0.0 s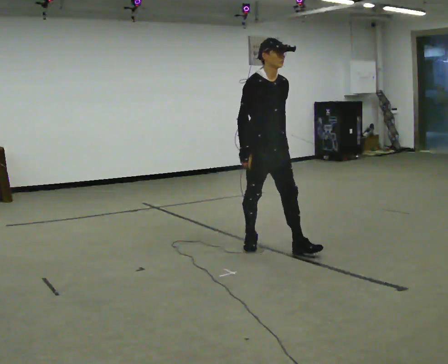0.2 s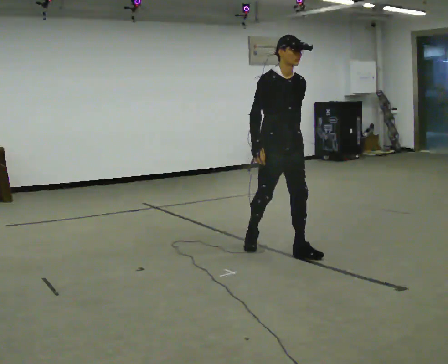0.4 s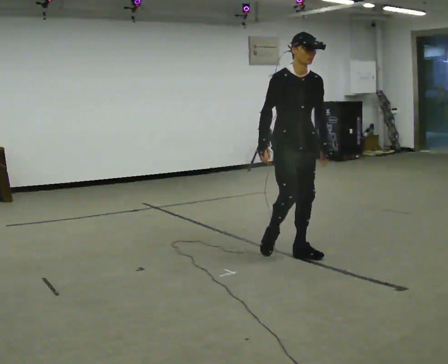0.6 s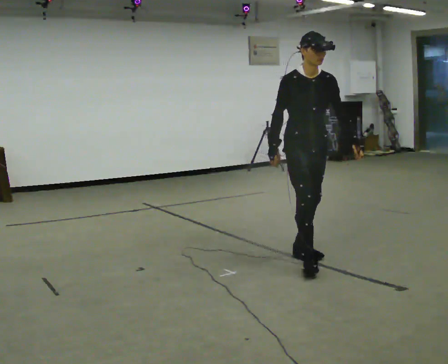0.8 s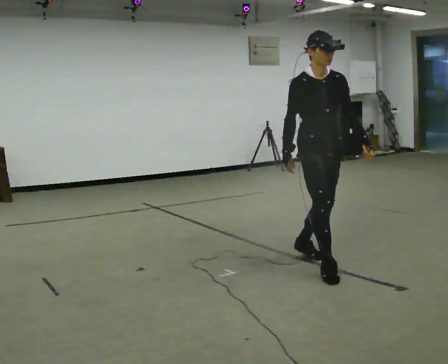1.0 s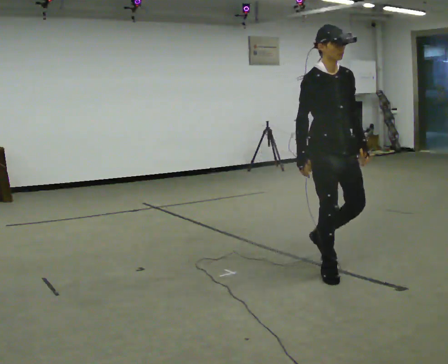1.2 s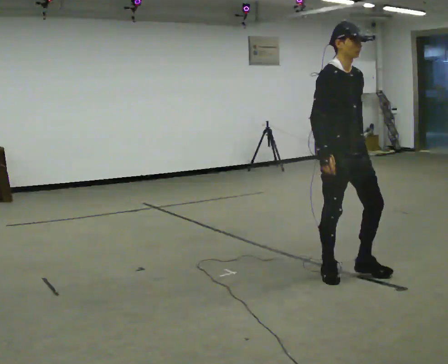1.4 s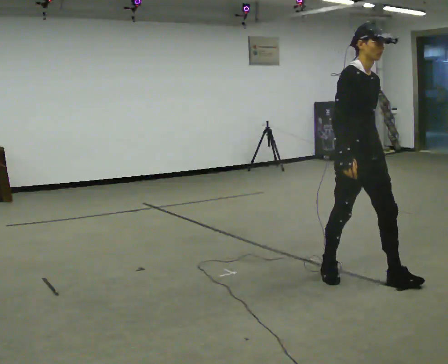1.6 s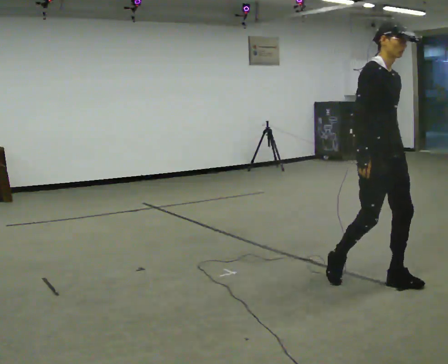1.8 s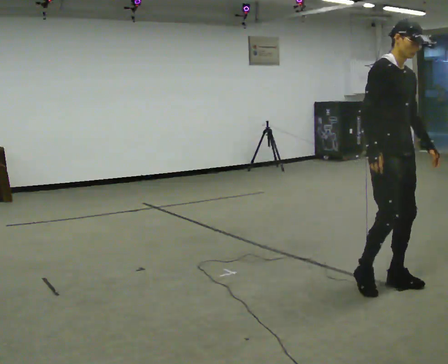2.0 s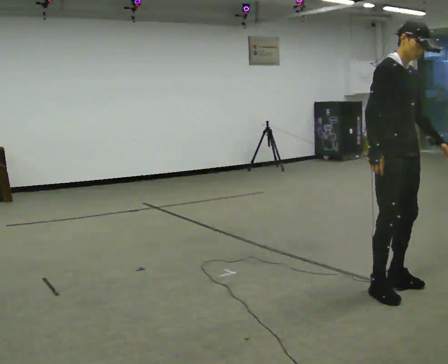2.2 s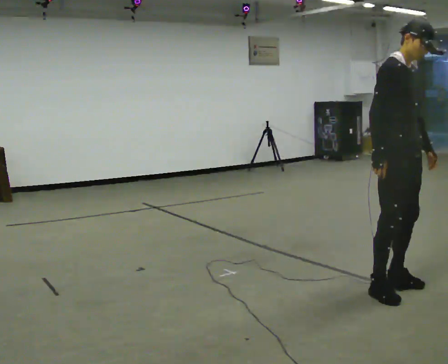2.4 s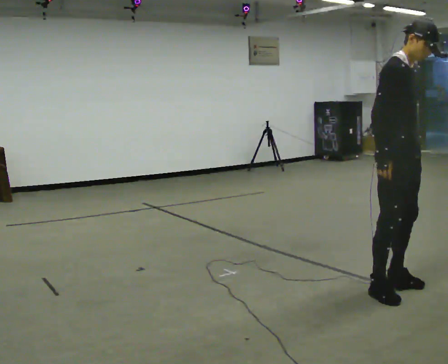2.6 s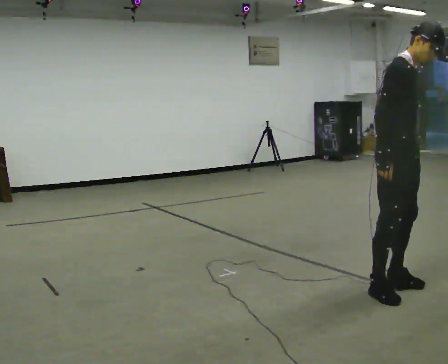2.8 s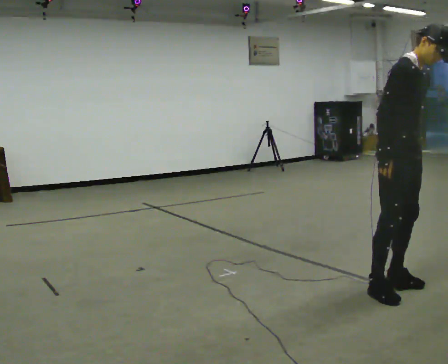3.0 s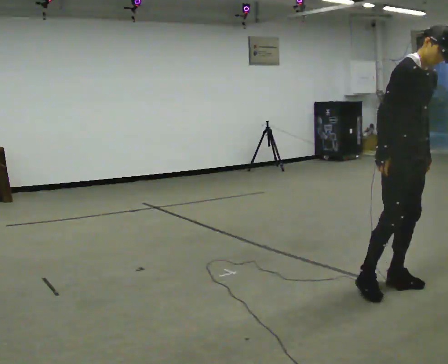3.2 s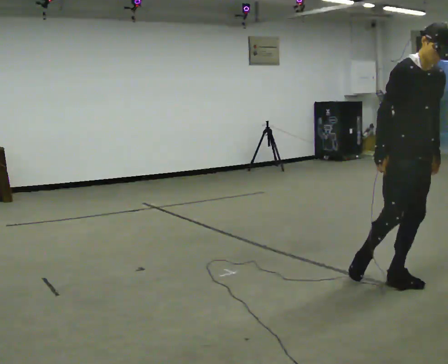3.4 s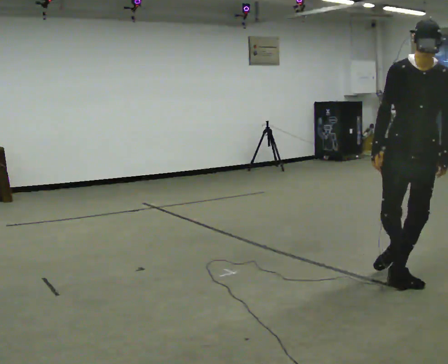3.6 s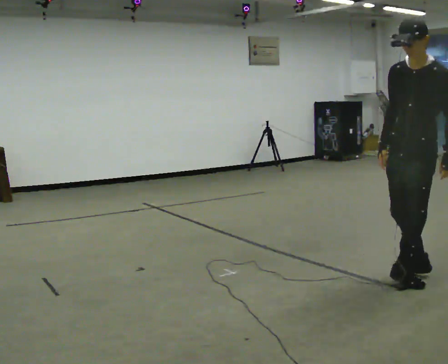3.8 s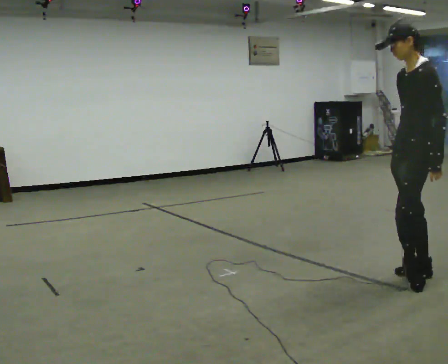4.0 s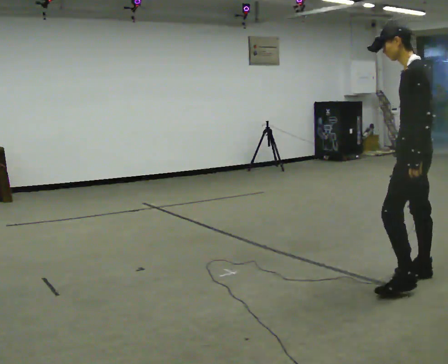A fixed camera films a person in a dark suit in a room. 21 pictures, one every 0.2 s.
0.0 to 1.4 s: In the picture they go to the right and toward the camera, about 1 m in 3 steps, which for them is forward.
1.4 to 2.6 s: In the picture they go to the right and toward the camera, about 0.25 m in 1 step, which for them is forward.
2.6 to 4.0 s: Seen from above the body turns clockwise, about 150 degrees: to their right, with its near side sliding to the left. In the picture they go to the right and away from the camera, about 0.25 m in 1 step. In the picture the upper body tilts counterclockwise, shoulders to the left.
The film runs forward here.
